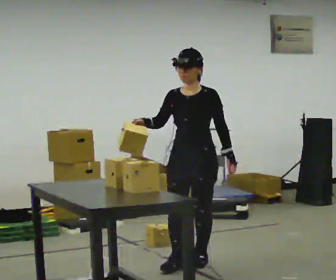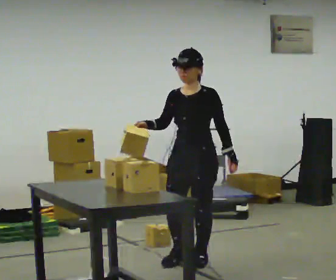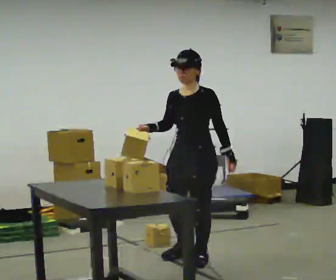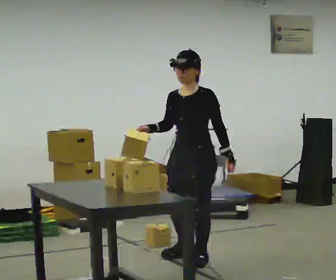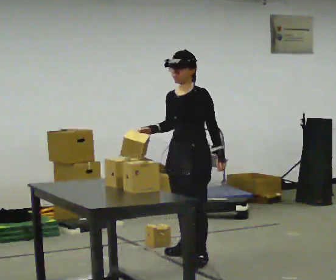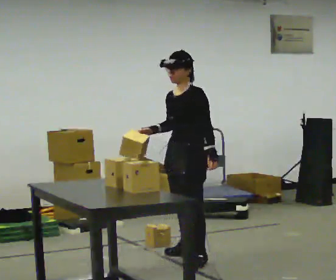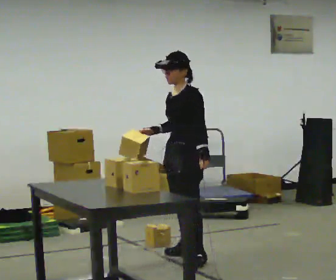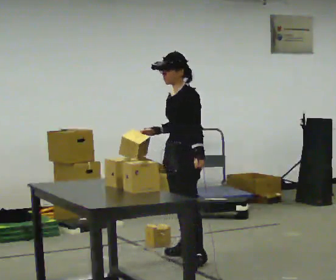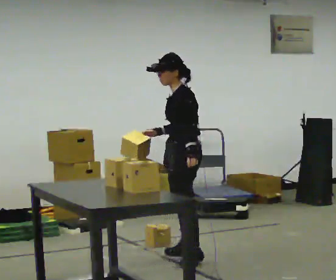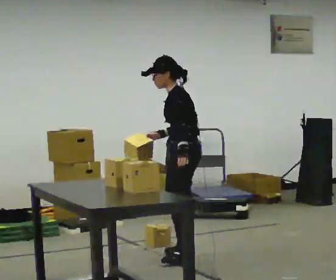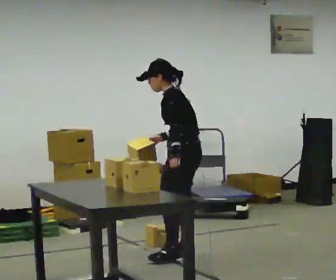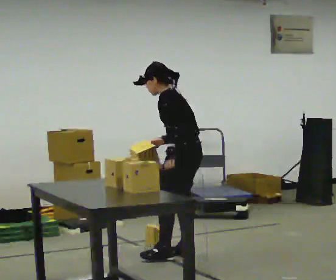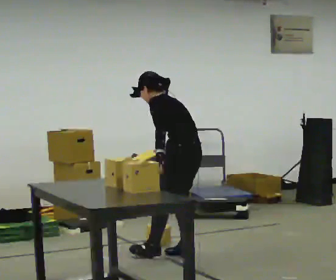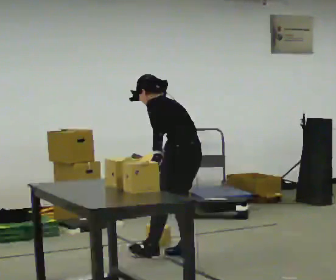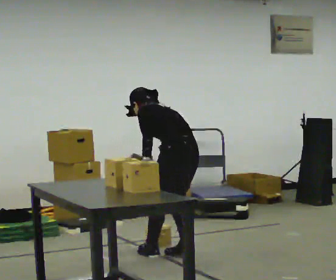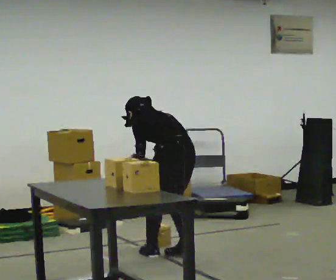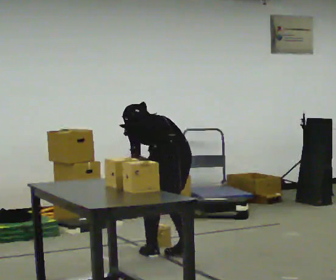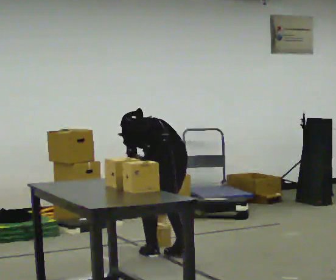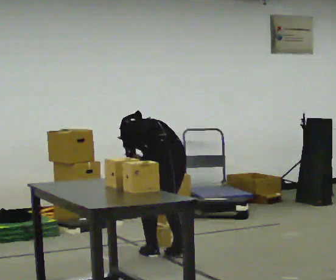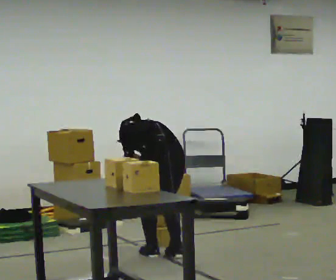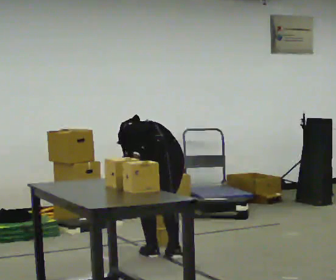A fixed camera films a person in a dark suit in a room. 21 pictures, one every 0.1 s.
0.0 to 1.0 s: Seen from above the body turns clockwise, about 75 degrees: to their right, with its near side sliding to the left. In the picture they go away from the camera, about 0.25 m in 1 step.
1.0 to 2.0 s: The person turns about 60 degrees to their right, clockwise seen from above, so the part of the body nearest the lens slides to the left. In the picture they go to the left, about 0.25 m, which for them is to their left. The upper body goes downward. The upper body tips away from the camera, its near side rolling upward, as they bend forward. In the picture their right hand goes downward.
The film runs backward here.
